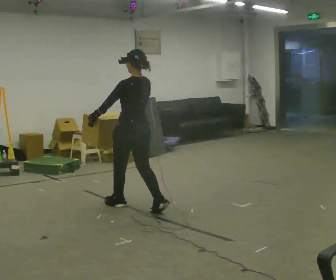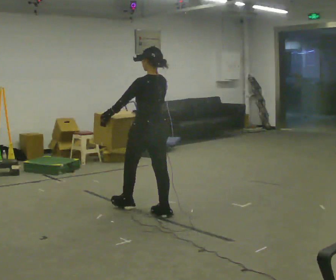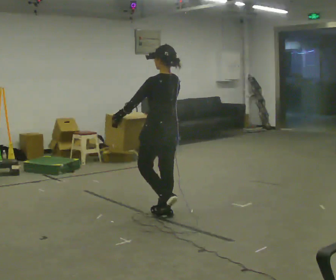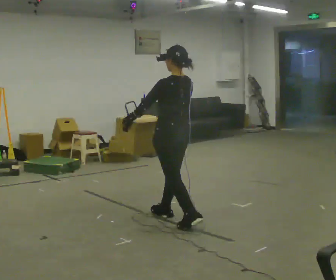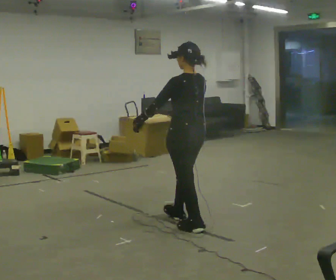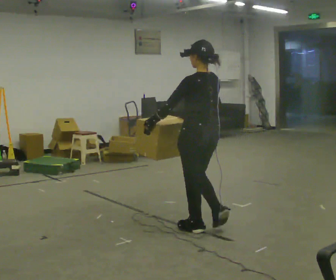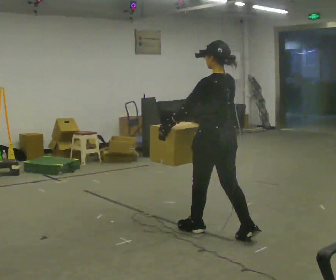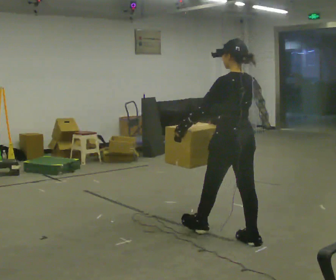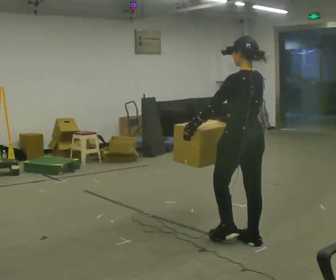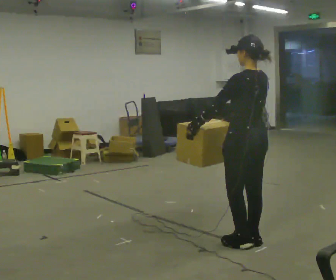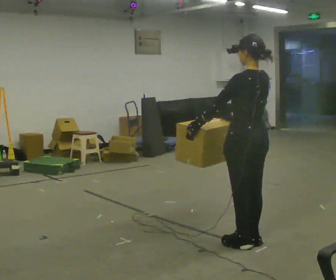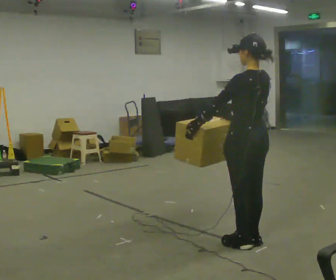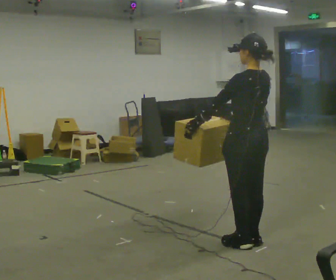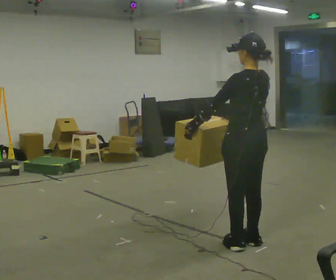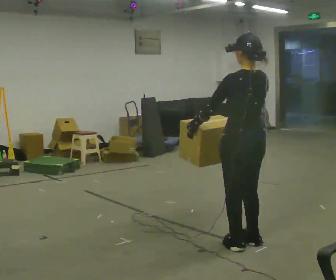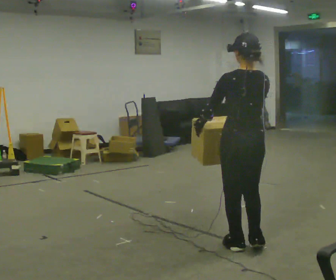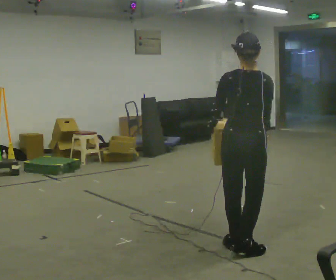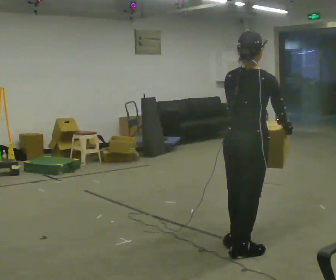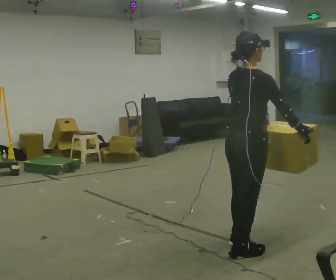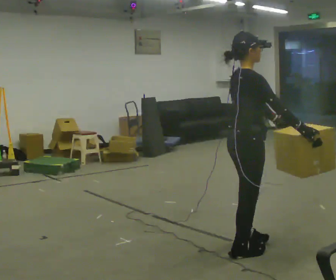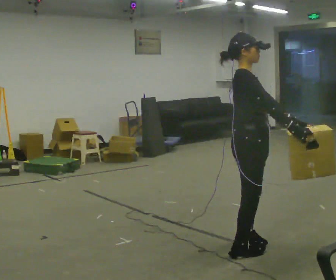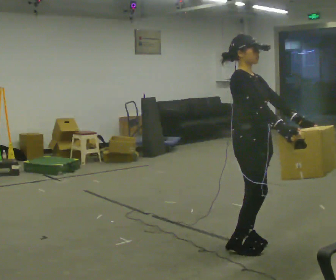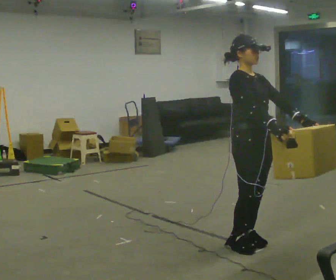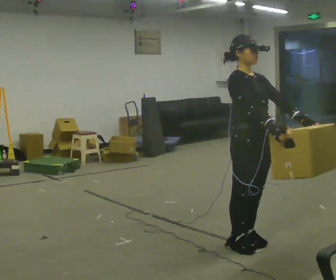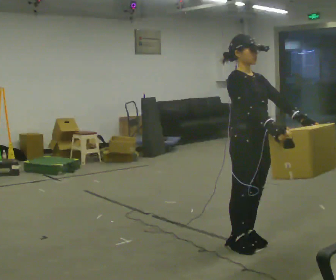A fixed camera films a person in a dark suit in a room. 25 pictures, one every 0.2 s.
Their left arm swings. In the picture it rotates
counterclockwise.
The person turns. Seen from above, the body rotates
clockwise.
0.0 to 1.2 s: In the picture they go to the right and toward the camera, about 1 m in 2 steps, which for them is backward.
1.2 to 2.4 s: In the picture they go to the right and toward the camera, about 0.25 m in 1 step, which for them is backward.
2.4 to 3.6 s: The part of the body nearest the lens slides to the left as the person turns to their right by about 90 degrees. In the picture they go toward the camera, about 0.25 m in 1 step. In the picture their right hand goes to the right, the arm swinging counterclockwise.
3.6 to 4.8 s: The person turns about 90 degrees to their right, clockwise seen from above, so the part of the body nearest the lens slides to the left. In the picture their left hand goes to the right, the arm swinging counterclockwise.
The film runs backward here.
